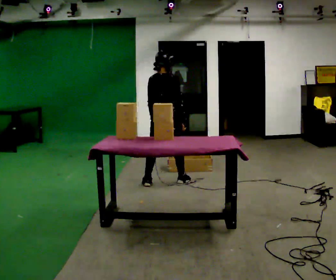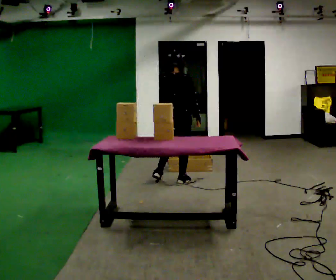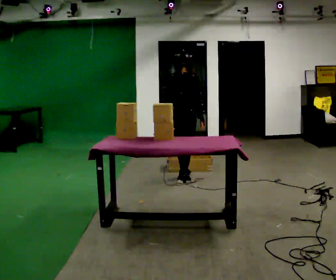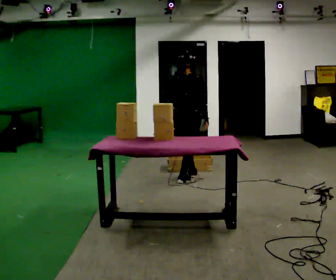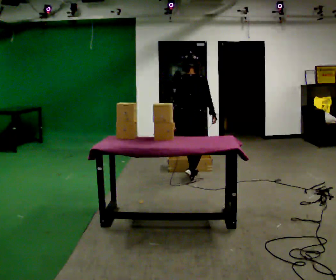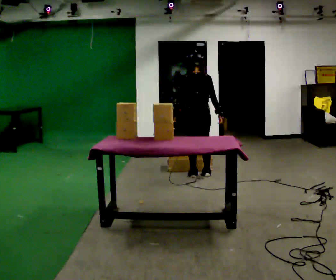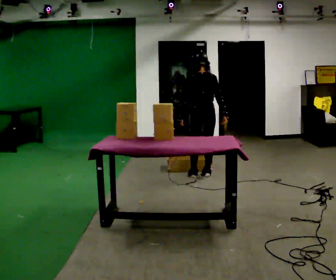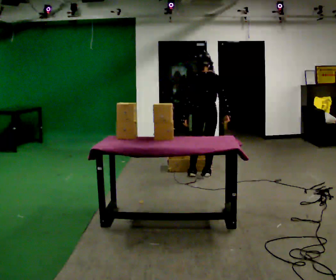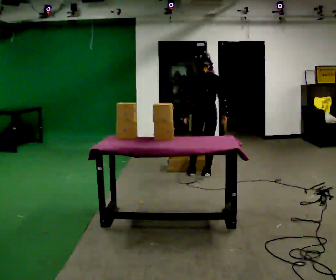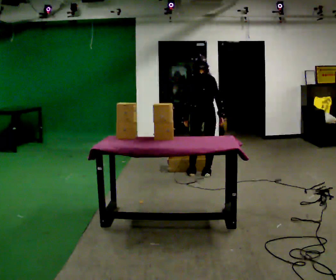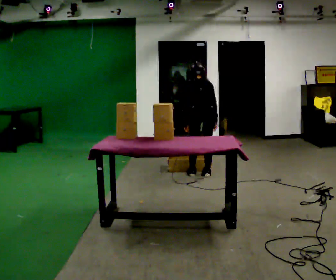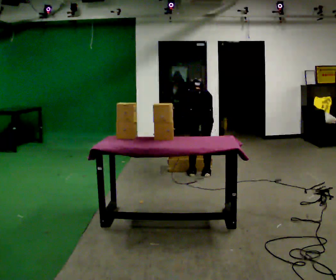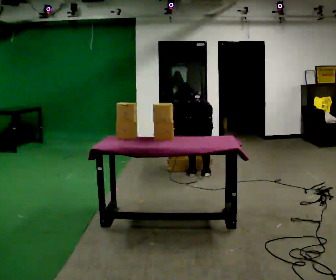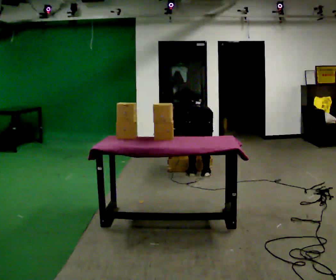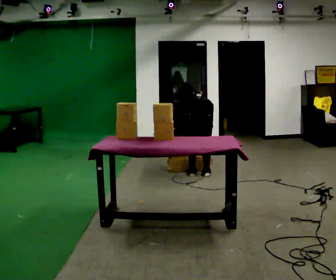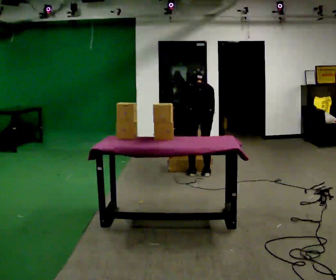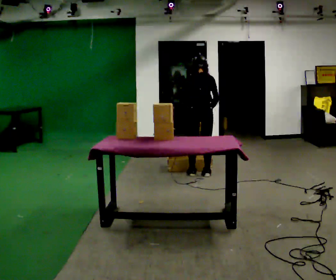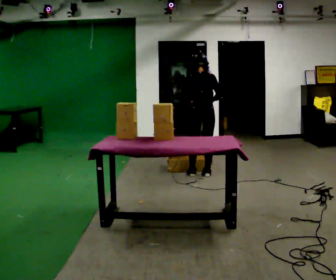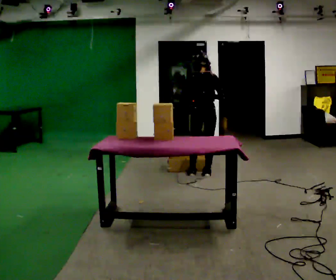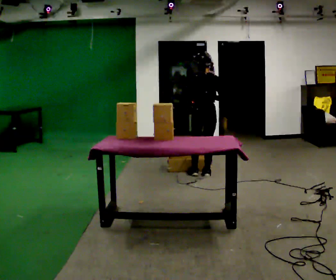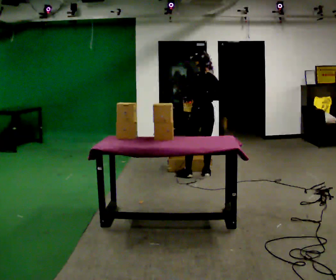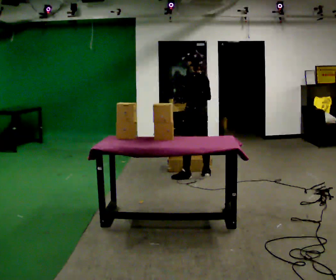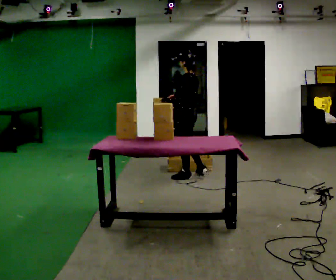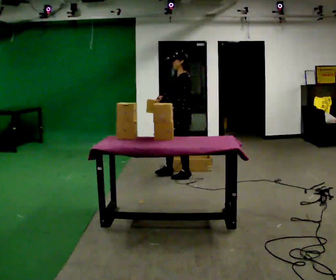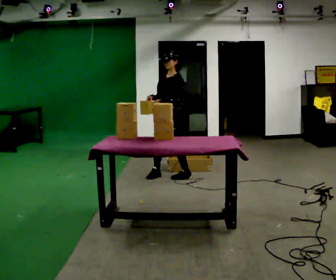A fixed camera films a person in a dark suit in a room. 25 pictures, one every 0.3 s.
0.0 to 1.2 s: In the picture they go away from the camera and to the right, about 0.5 m in 1 step, which for them is forward and to their right.
1.2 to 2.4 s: The person turns about 30 degrees to their left, counterclockwise seen from above, so the part of the body nearest the lens slides to the right. In the picture they go to the right, about 0.25 m in 1 step, which for them is to their right.
2.4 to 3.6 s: In the picture they go toward the camera, about 0.25 m, which for them is backward. The upper body goes downward. The upper body tips away from the camera, its near side rolling upward, as they bend forward. In the picture their left hand goes downward.
3.6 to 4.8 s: The shoulders move upward. The upper body tips toward the camera, its near side rolling downward, as they lean back or straighten. In the picture their left hand goes upward.
4.8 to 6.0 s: The person turns about 30 degrees to their left, counterclockwise seen from above, so the part of the body nearest the lens slides to the right.
6.0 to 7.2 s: Seen from above the body turns counterclockwise, about 105 degrees: to their left, with its near side sliding to the right. In the picture they go to the left, about 0.5 m in 1 step.
The film runs forward here.
